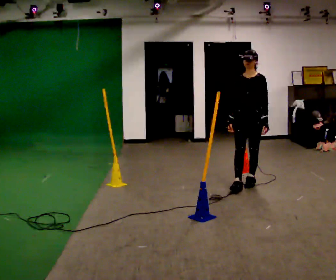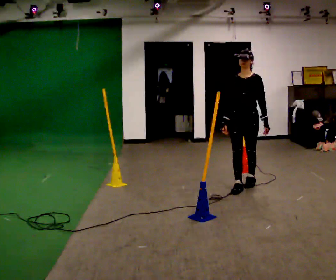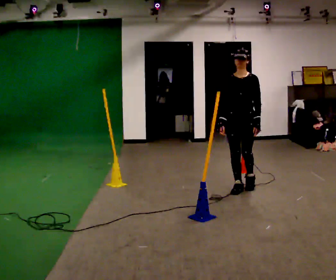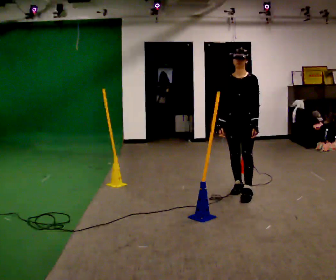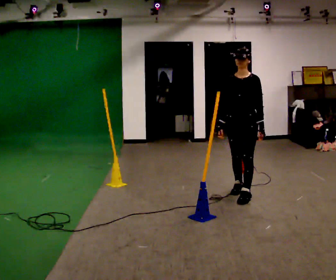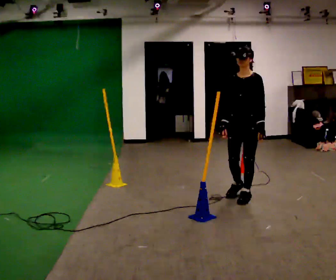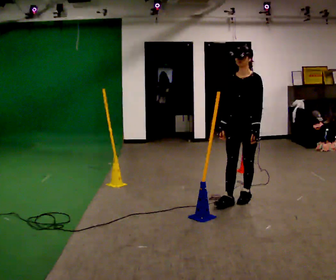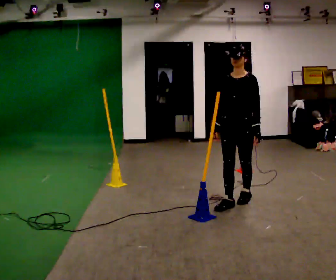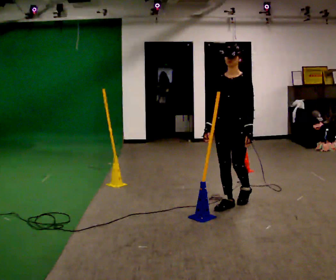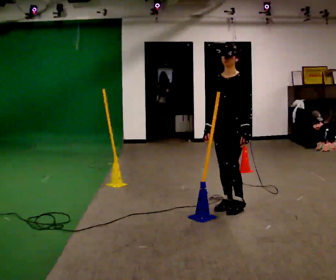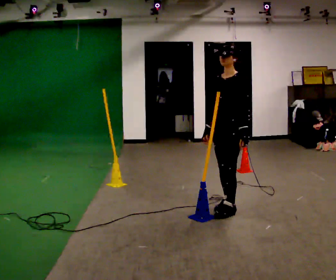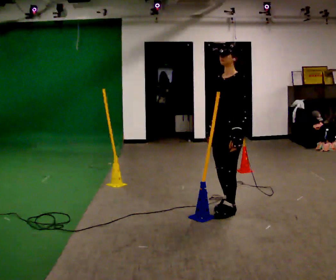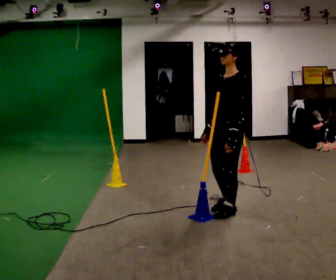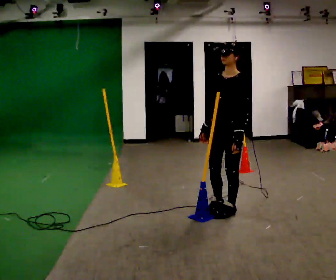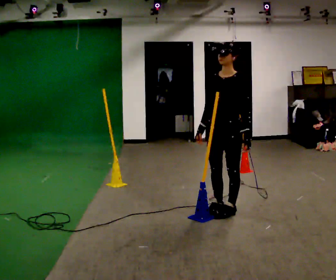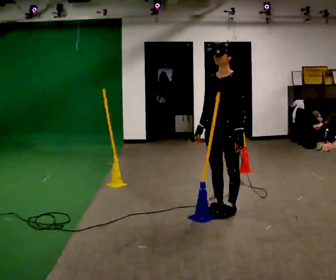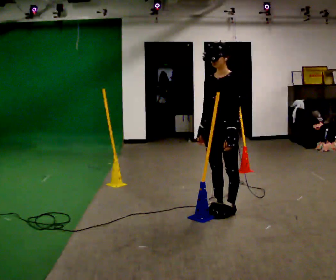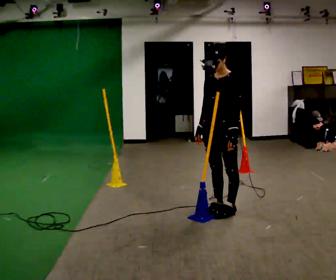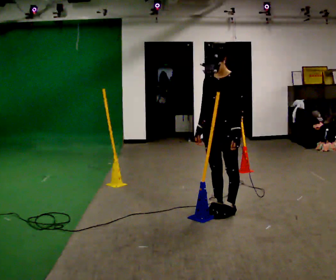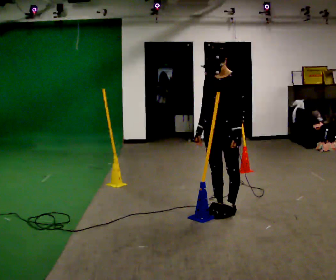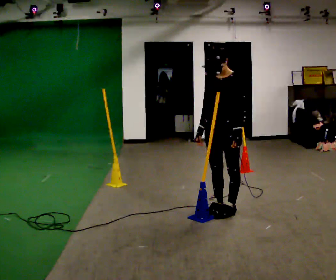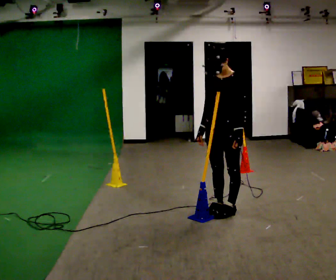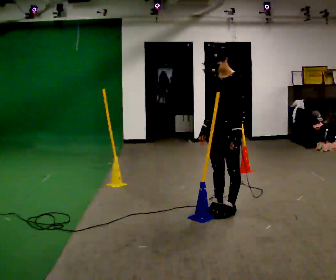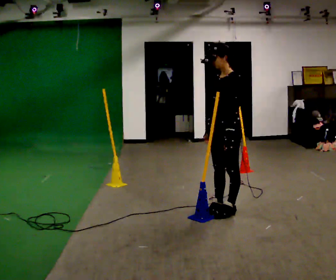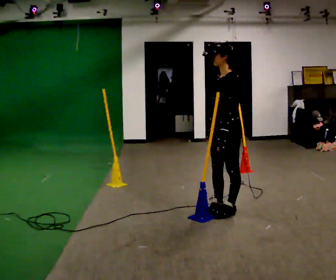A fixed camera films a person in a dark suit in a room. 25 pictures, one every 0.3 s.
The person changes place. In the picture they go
toward the camera.
0.0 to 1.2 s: In the picture they go toward the camera, about 0.5 m in 1 step, which for them is forward.
1.2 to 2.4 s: In the picture they go toward the camera, about 0.25 m in 1 step, which for them is forward.
2.4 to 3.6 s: The person turns about 30 degrees to their right, clockwise seen from above, so the part of the body nearest the lens slides to the left. In the picture they go toward the camera, about 0.25 m in 1 step, which for them is forward and to their left.
3.6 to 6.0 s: The person moves a little, or ends about where they began.
6.0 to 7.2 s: Seen from above the body turns clockwise, about 45 degrees: to their right, with its near side sliding to the left.
The film runs forward here.
